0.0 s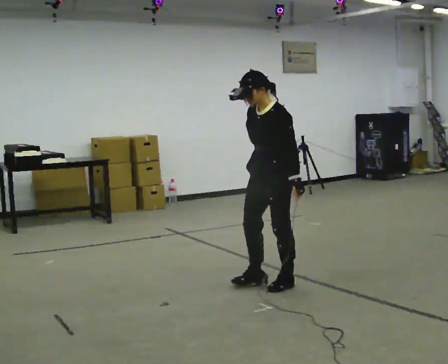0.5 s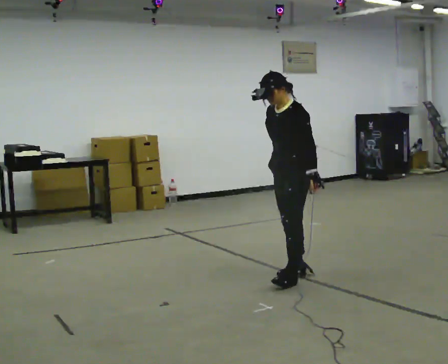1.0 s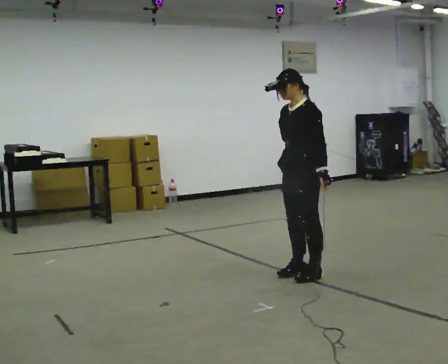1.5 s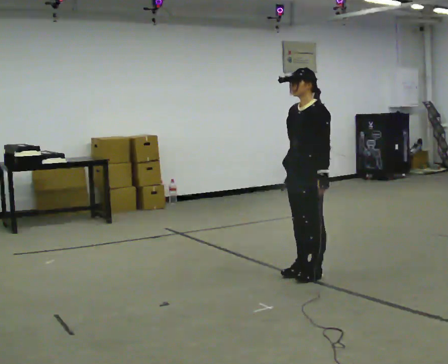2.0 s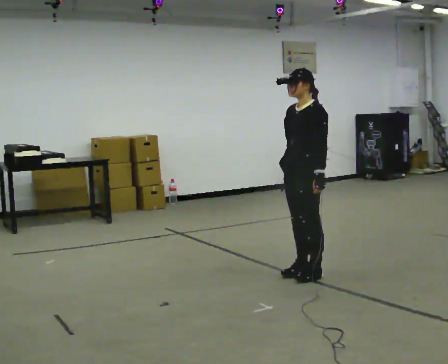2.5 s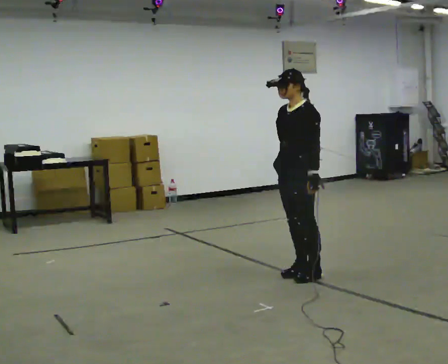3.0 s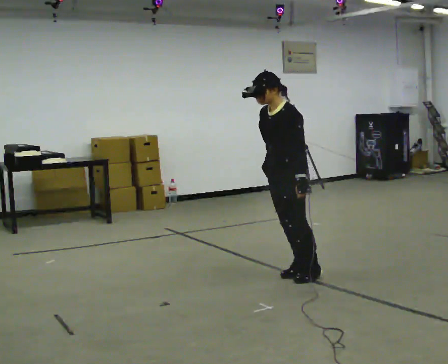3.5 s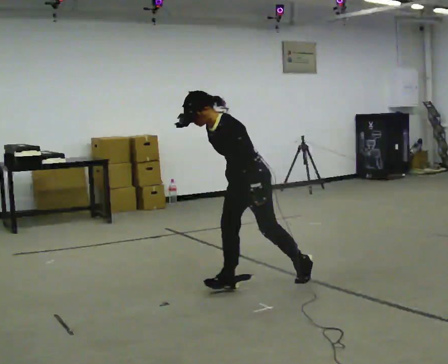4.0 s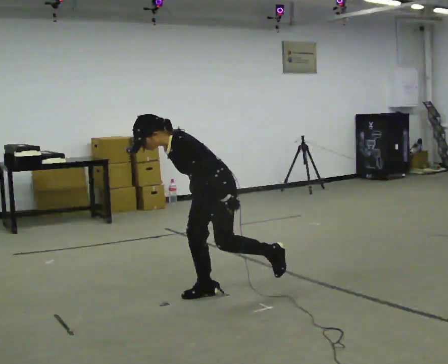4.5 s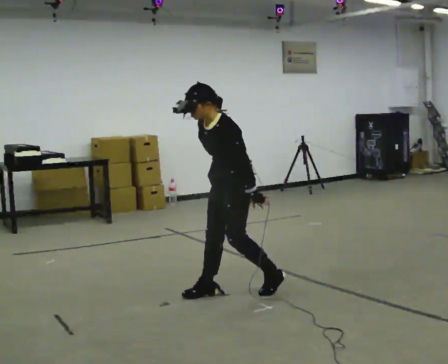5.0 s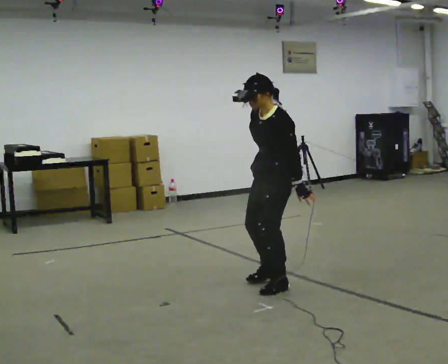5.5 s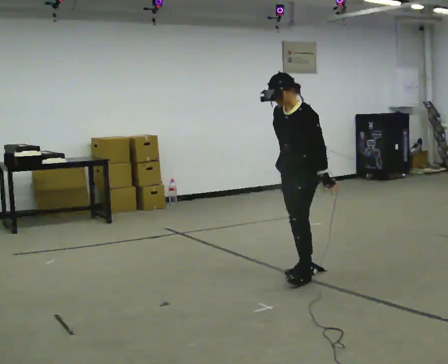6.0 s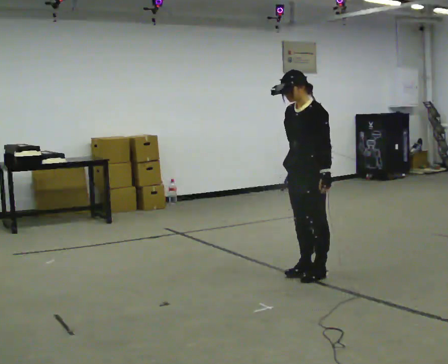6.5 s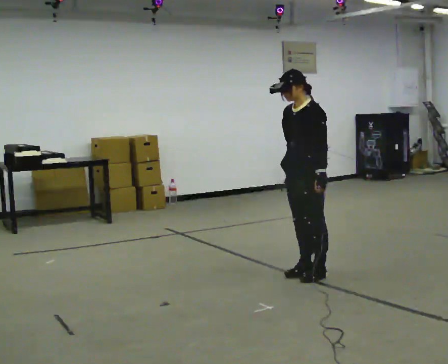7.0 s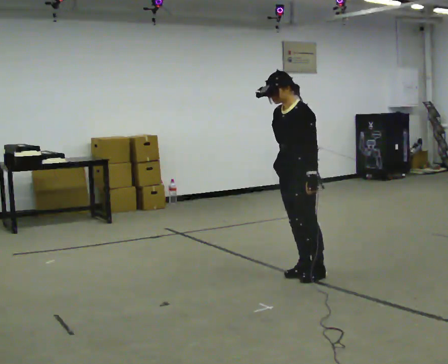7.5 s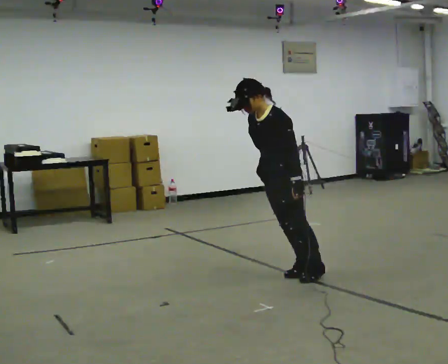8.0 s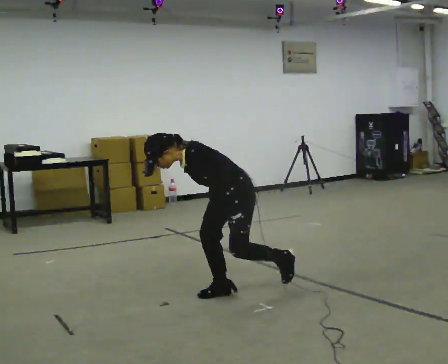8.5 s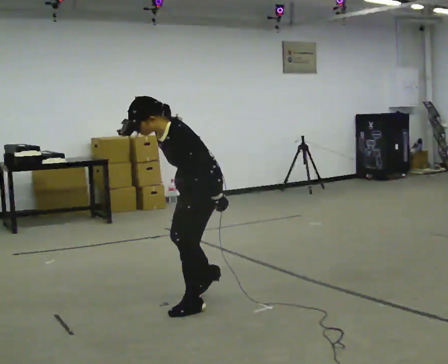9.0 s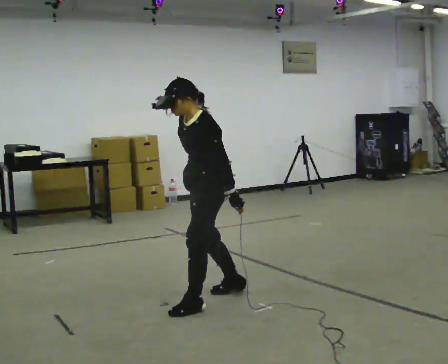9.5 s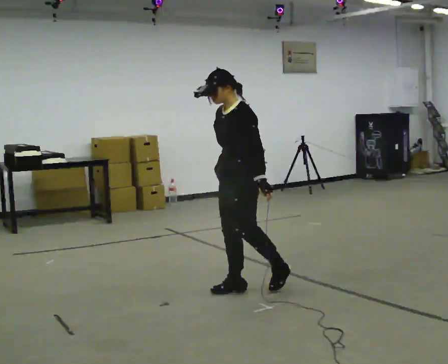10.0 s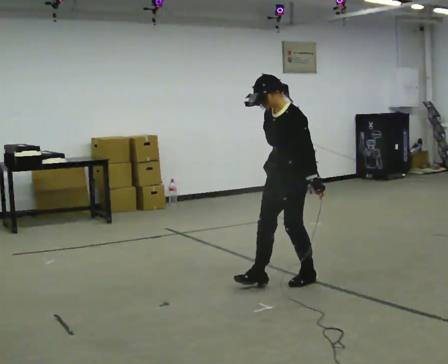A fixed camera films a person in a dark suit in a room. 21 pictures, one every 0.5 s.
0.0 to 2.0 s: In the picture they go away from the camera and to the right, about 0.25 m in 2 steps, which for them is backward.
2.0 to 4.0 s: In the picture they go to the left and toward the camera, about 1 m in 2 steps, which for them is forward. In the picture the upper body tilts counterclockwise, shoulders to the left, as they bend forward.
4.0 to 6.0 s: In the picture they go to the right and away from the camera, about 1 m in 2 steps, which for them is backward. The upper body goes upward. In the picture the upper body tilts clockwise, shoulders to the right, as they lean back or straighten.
6.0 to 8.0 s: In the picture they go to the left and toward the camera, about 0.5 m in 1 step, which for them is forward. The shoulders move downward. In the picture the upper body tilts counterclockwise, shoulders to the left, as they bend forward.
8.0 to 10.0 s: In the picture they go to the right and away from the camera, about 0.5 m in 3 steps, which for them is backward. The shoulders move upward. In the picture the upper body tilts clockwise, shoulders to the right, as they lean back or straighten.
The film runs forward here.
